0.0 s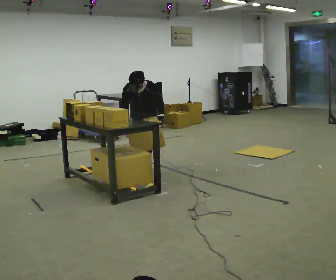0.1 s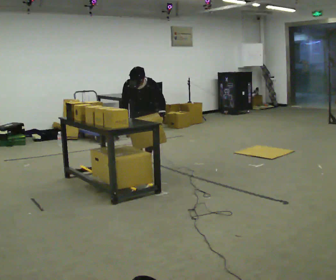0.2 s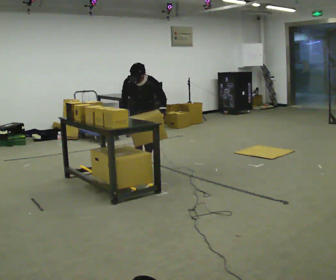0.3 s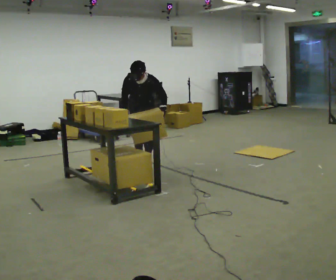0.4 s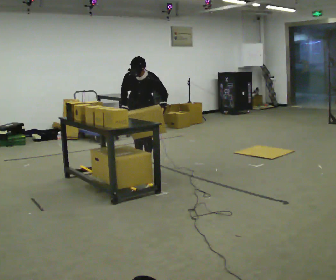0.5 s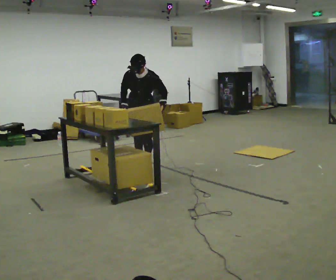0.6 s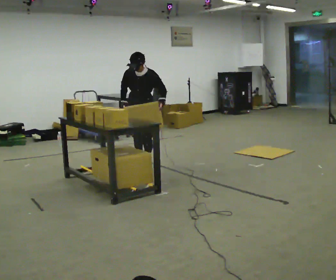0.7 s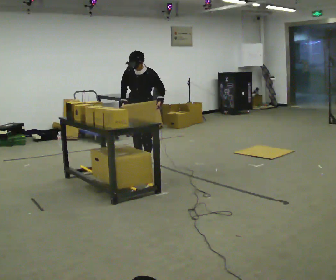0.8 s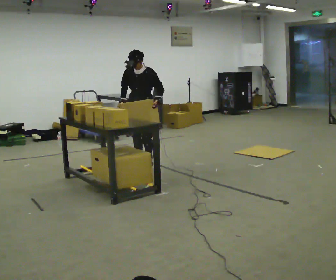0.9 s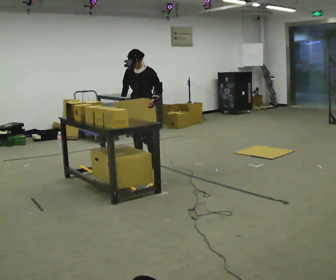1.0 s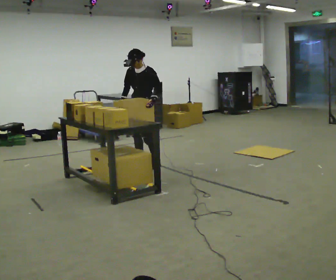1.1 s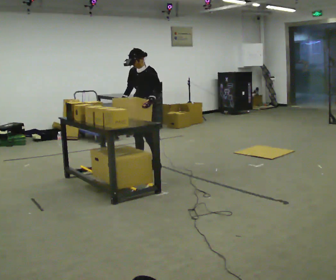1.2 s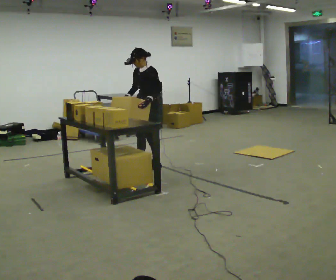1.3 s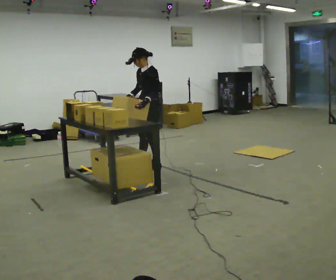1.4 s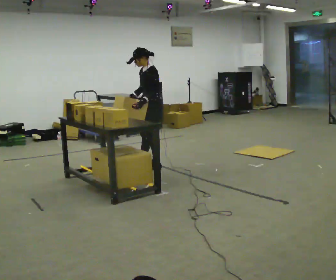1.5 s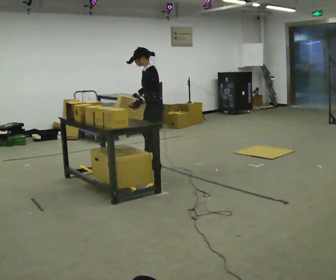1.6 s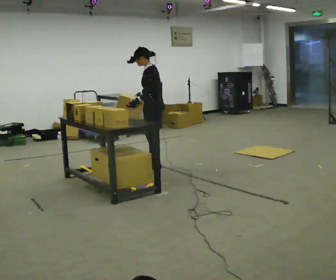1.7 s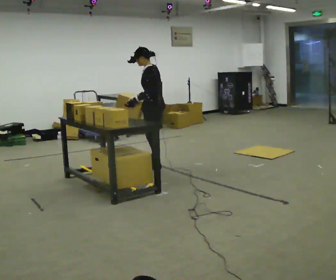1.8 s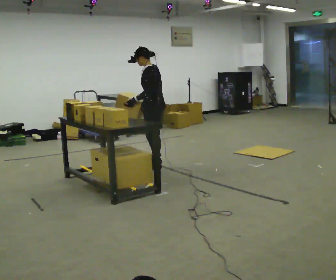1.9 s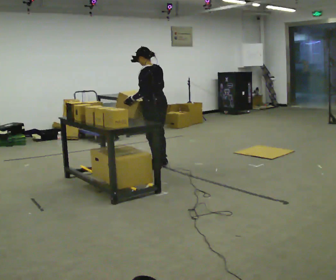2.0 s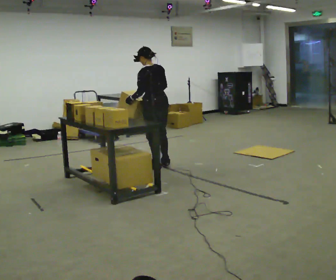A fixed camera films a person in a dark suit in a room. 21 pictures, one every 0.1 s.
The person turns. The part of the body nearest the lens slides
to the left.
The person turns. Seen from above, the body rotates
clockwise.
0.0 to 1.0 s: The person turns about 30 degrees to their right, clockwise seen from above, so the part of the body nearest the lens slides to the left. The shoulders move upward. The upper body tips away from the camera, its near side rolling upward, as they lean back or straighten.
1.0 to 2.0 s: Seen from above the body turns clockwise, about 90 degrees: to their right, with its near side sliding to the left. In the picture they go to the right and toward the camera, about 0.25 m.
The film runs forward here.
